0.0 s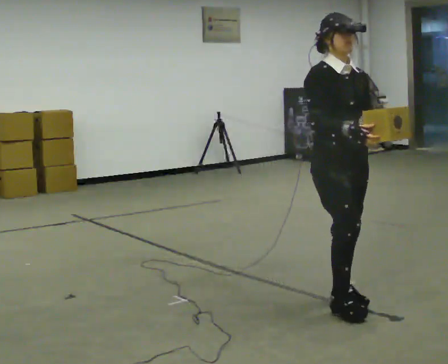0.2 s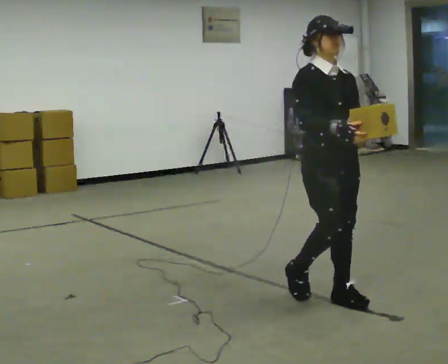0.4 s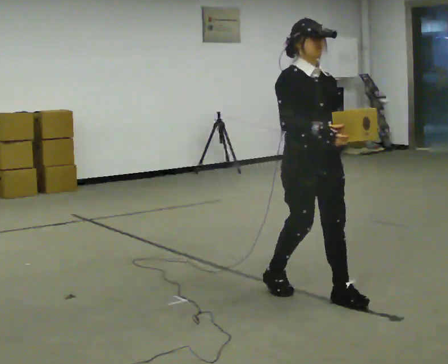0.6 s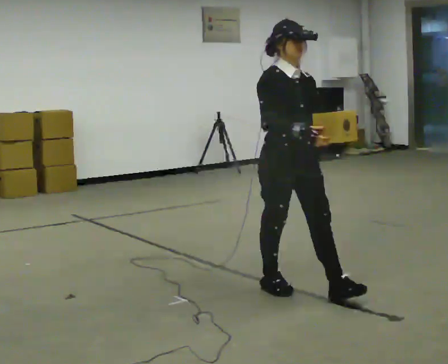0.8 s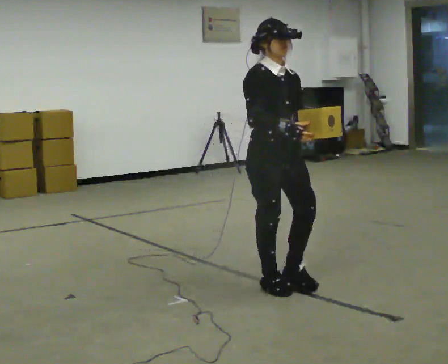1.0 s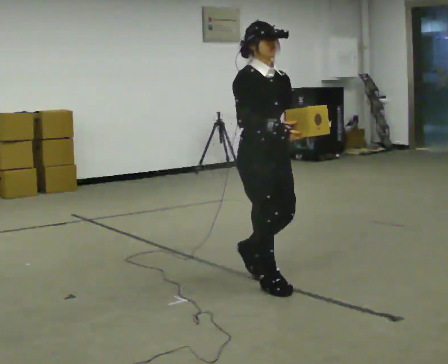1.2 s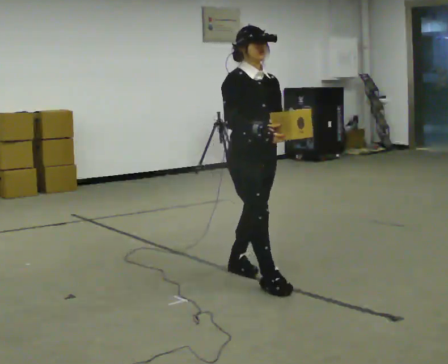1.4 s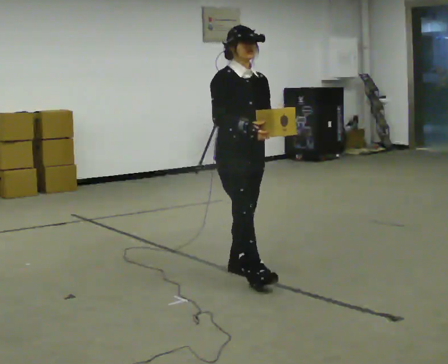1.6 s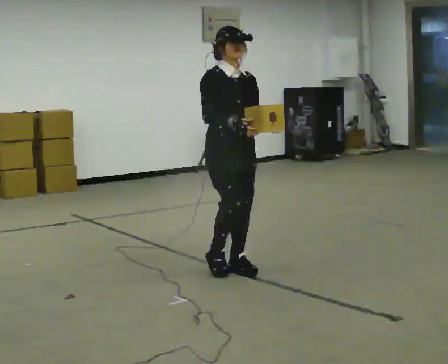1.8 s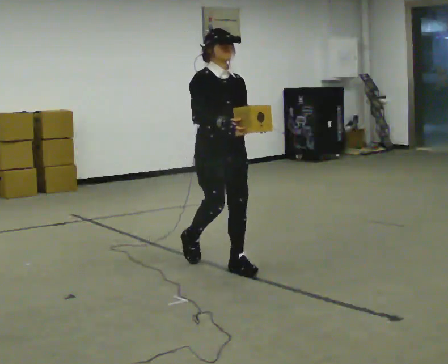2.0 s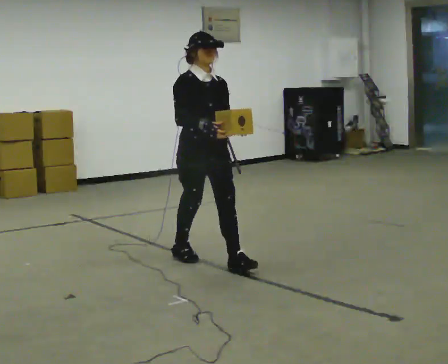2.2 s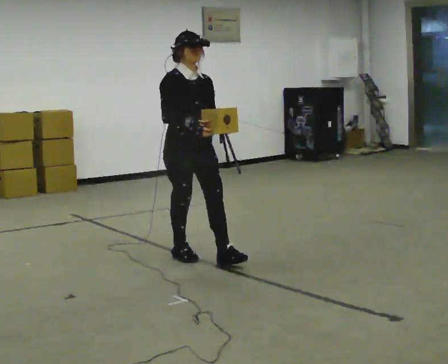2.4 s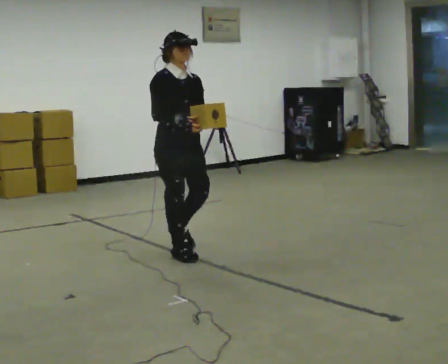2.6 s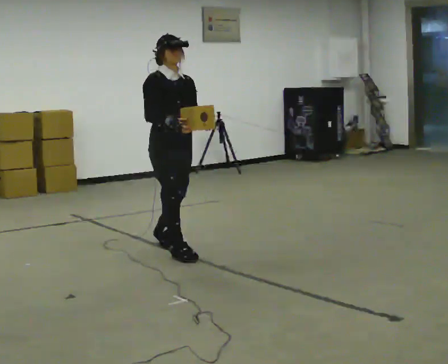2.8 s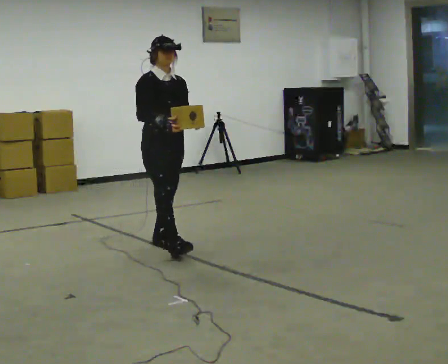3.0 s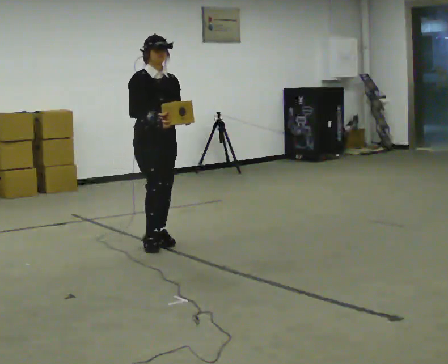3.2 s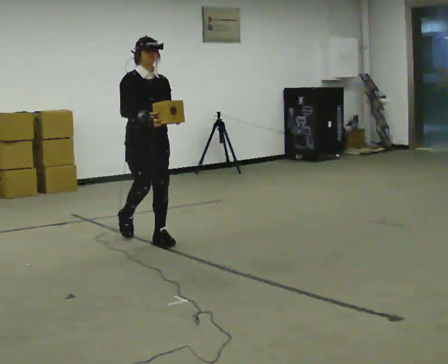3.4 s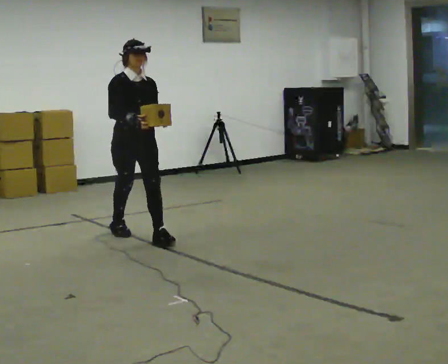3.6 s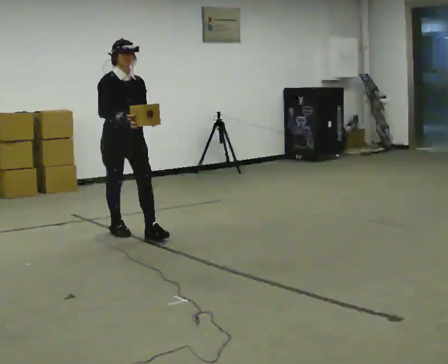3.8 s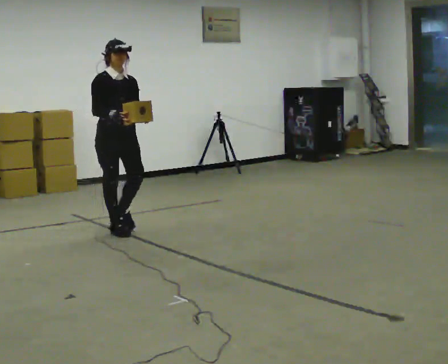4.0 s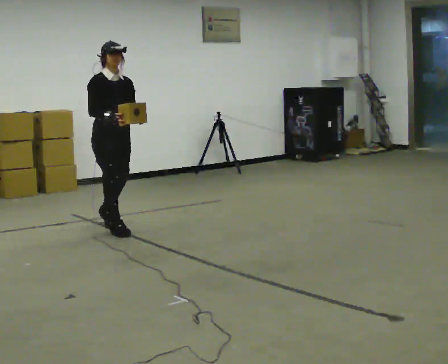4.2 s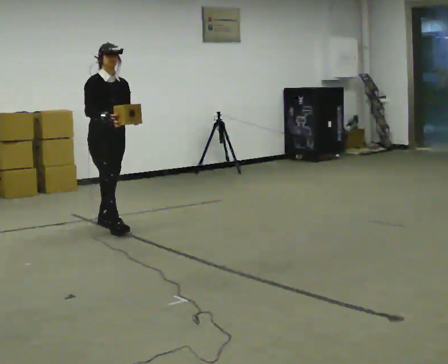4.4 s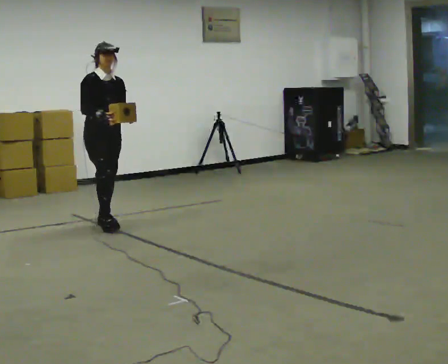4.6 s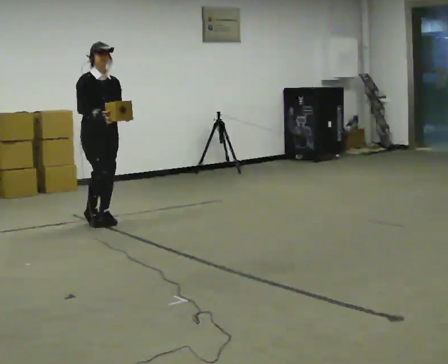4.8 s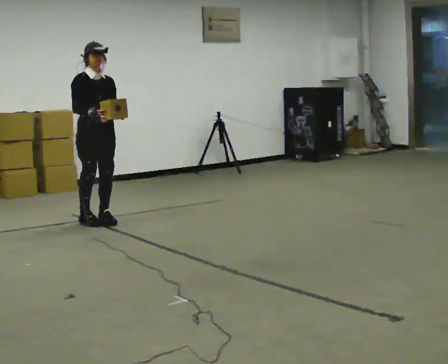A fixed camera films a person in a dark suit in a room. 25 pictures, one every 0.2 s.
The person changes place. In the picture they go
away from the camera.
0.0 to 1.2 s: In the picture they go away from the camera and to the left, about 0.5 m in 1 step, which for them is backward.
1.2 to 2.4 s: In the picture they go away from the camera and to the left, about 1 m in 2 steps, which for them is backward.
2.4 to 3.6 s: In the picture they go away from the camera and to the left, about 1 m in 2 steps, which for them is backward.
3.6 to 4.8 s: In the picture they go away from the camera and to the left, about 0.5 m in 1 step, which for them is backward.
The film runs backward here.
